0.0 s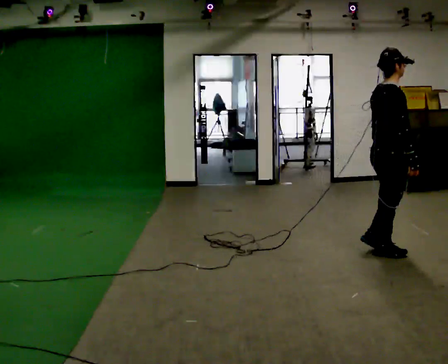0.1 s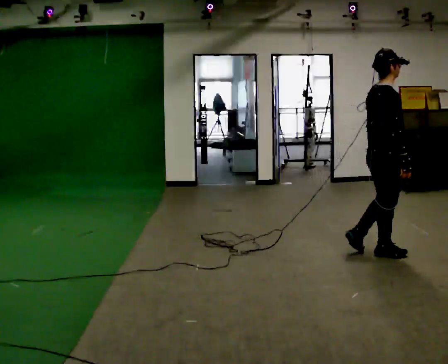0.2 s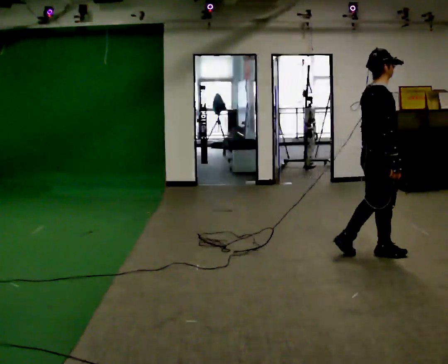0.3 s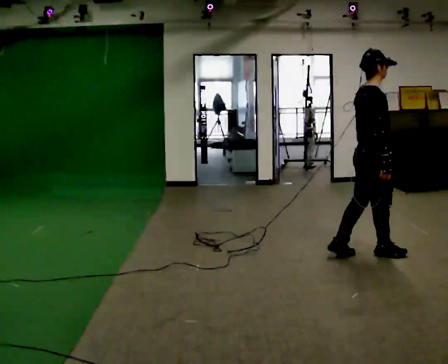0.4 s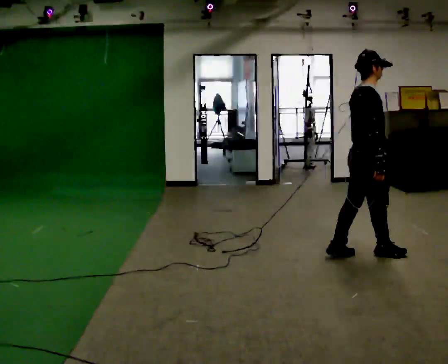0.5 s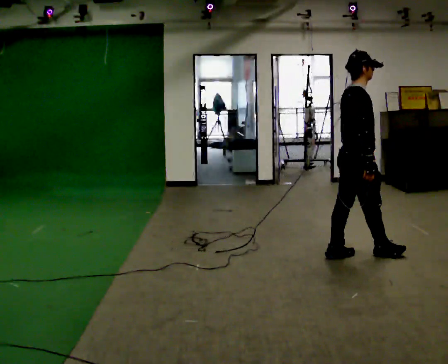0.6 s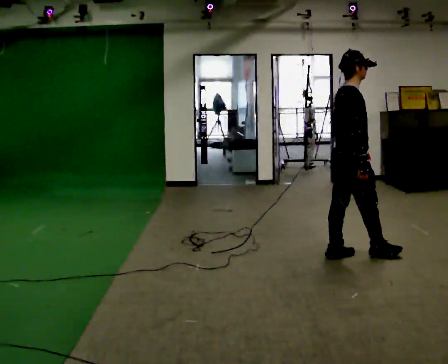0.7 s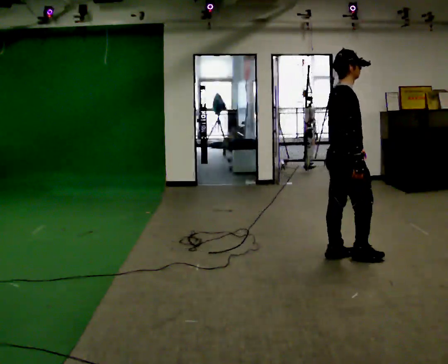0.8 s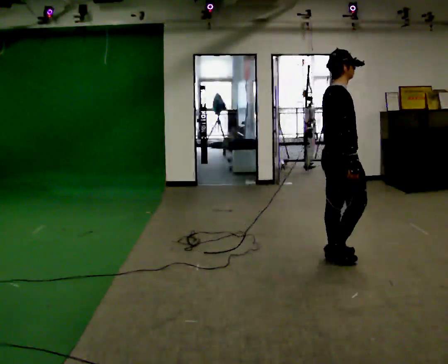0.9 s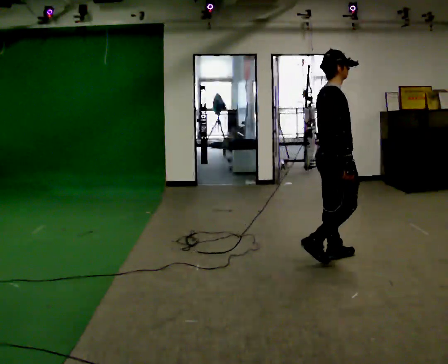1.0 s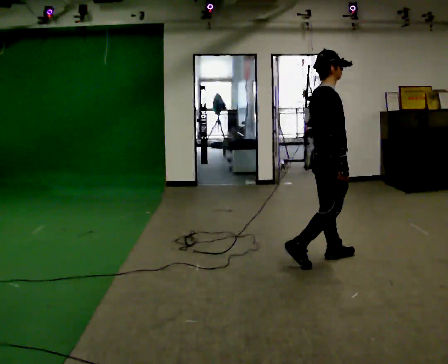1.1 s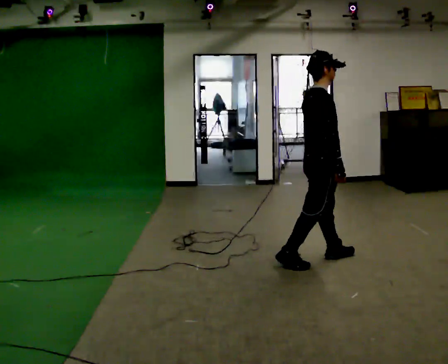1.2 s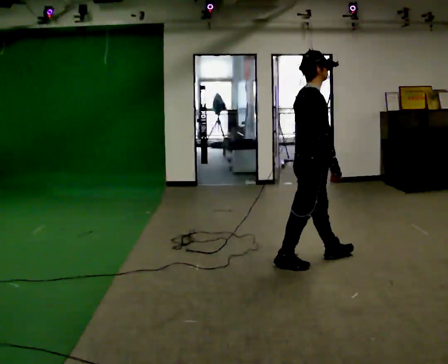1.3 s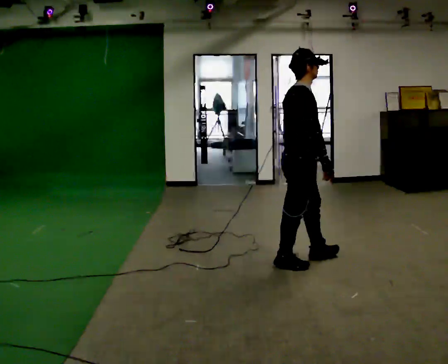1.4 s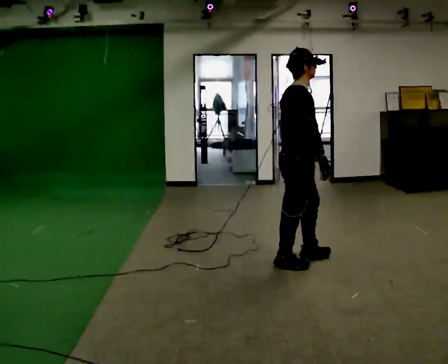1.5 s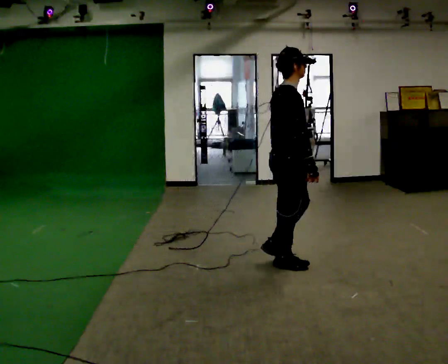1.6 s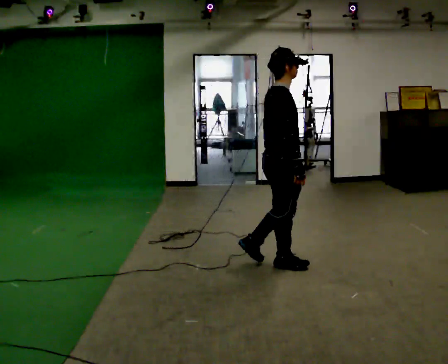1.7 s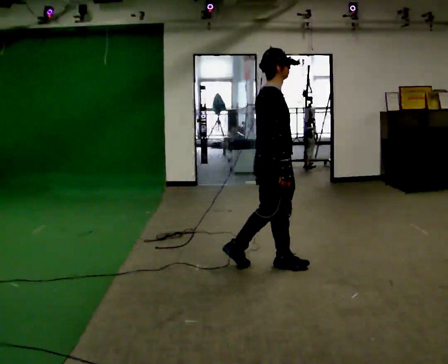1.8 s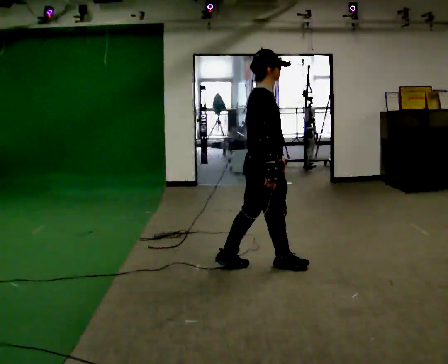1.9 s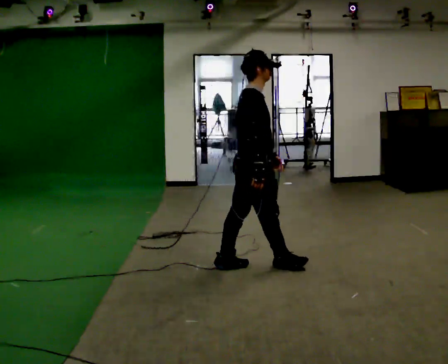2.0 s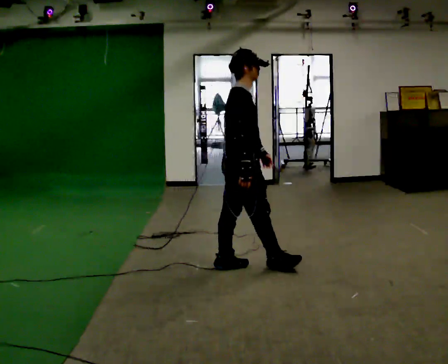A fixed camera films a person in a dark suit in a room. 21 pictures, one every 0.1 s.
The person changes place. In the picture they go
to the left.
0.0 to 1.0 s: In the picture they go to the left, about 0.5 m in 1 step, which for them is backward.
1.0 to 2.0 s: In the picture they go to the left, about 0.75 m in 2 steps, which for them is backward.
The film runs backward here.
